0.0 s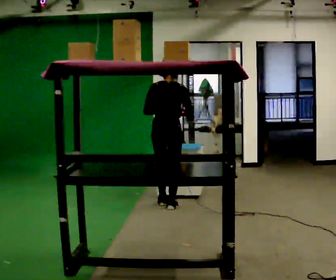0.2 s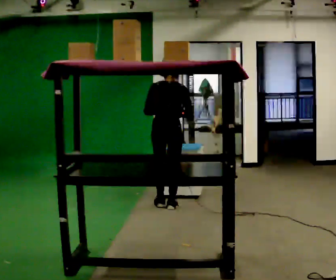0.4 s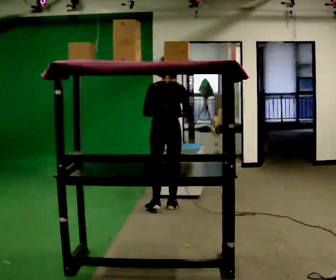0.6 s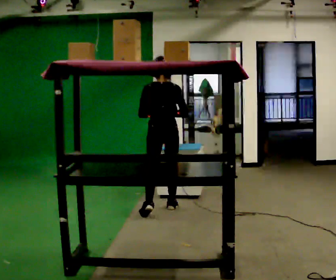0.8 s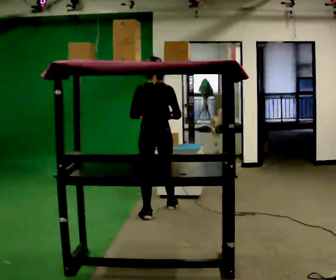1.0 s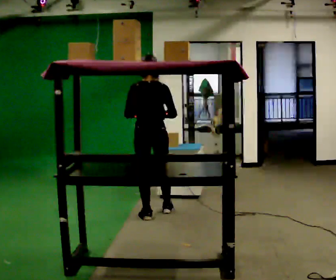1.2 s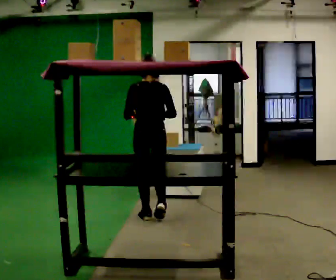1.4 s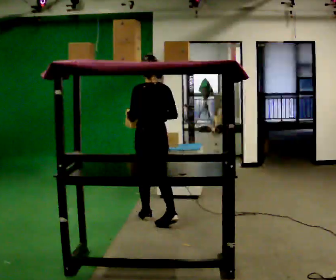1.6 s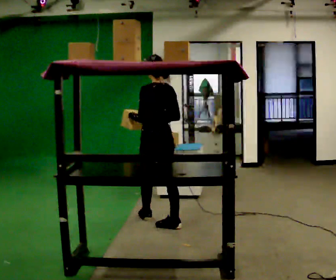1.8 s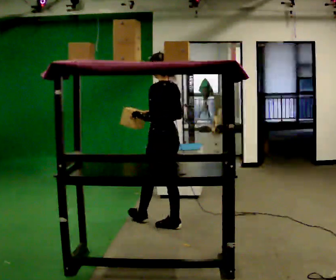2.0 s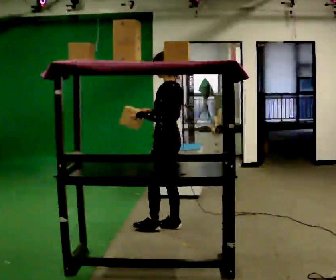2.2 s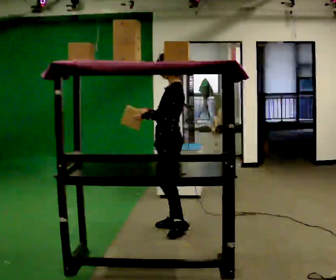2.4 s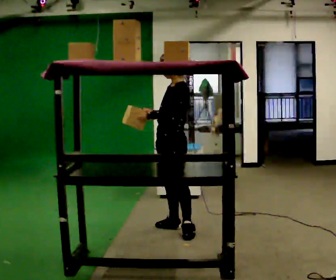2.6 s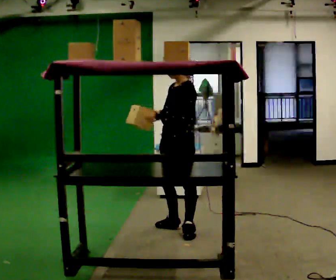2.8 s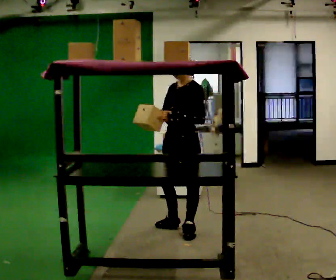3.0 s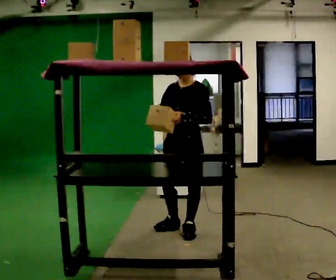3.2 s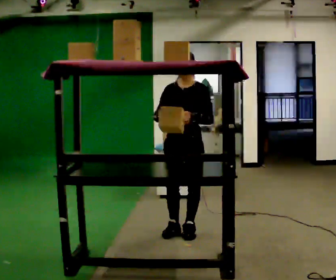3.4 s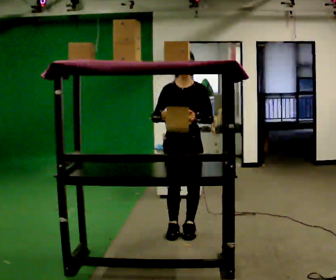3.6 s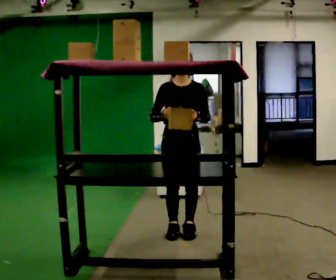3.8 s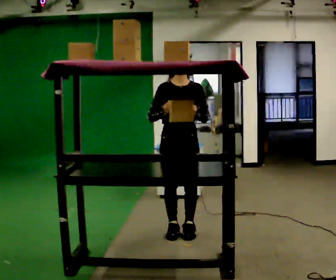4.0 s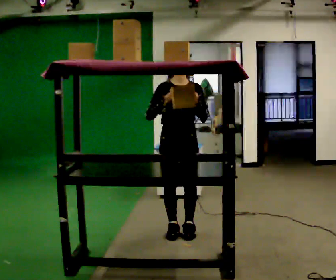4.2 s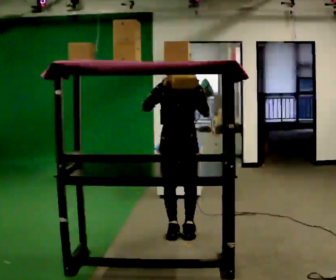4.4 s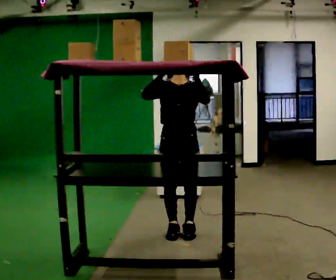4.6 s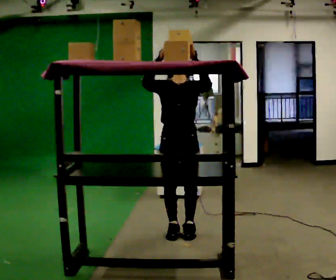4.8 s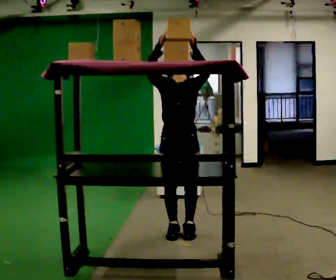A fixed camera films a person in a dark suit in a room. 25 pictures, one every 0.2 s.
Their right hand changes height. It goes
upward.
The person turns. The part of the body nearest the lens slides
to the right.
0.0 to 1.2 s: In the picture they go toward the camera, about 0.5 m in 2 steps, which for them is backward.
1.2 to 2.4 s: Seen from above the body turns counterclockwise, about 105 degrees: to their left, with its near side sliding to the right. In the picture they go toward the camera and to the right, about 0.5 m in 1 step.
2.4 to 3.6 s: The person turns about 60 degrees to their left, counterclockwise seen from above, so the part of the body nearest the lens slides to the right. In the picture they go toward the camera, about 0.25 m.
3.6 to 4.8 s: In the picture their right hand goes upward.
The film runs backward here.
